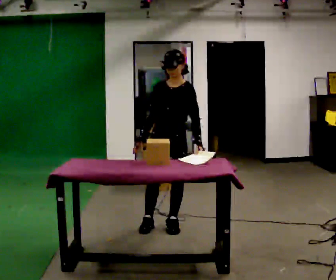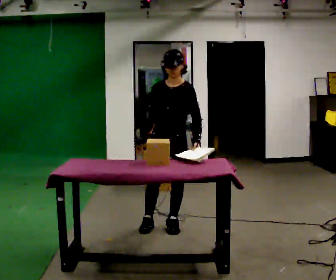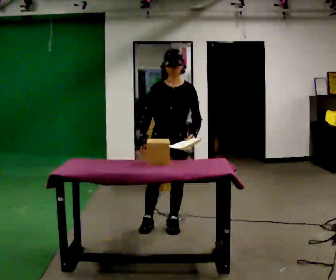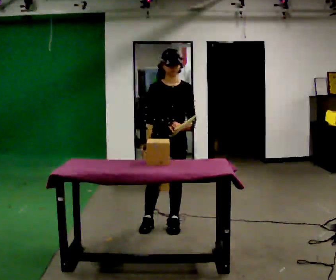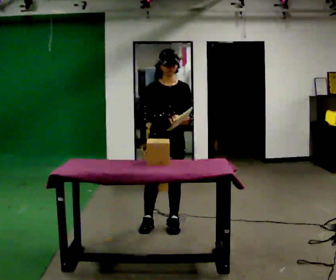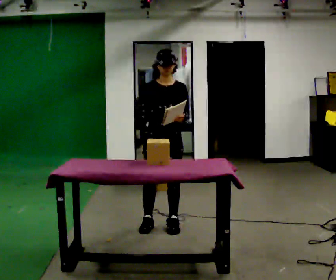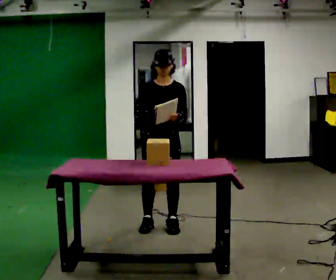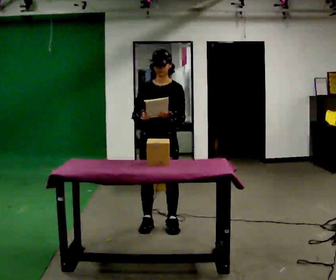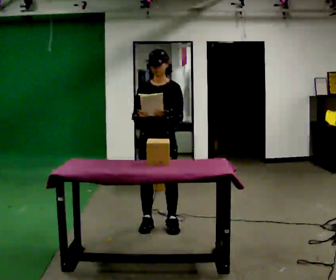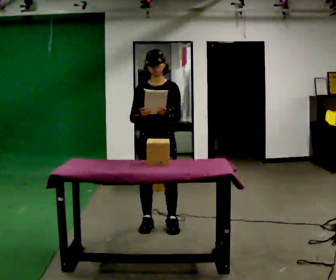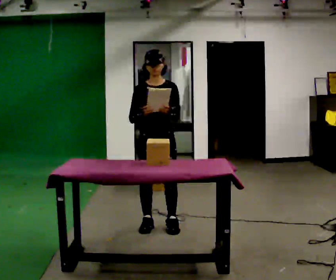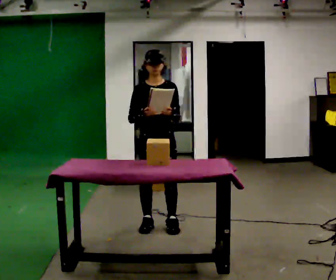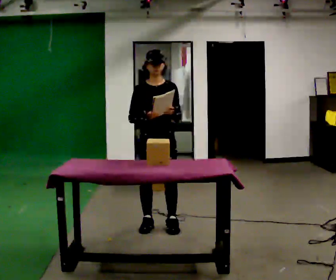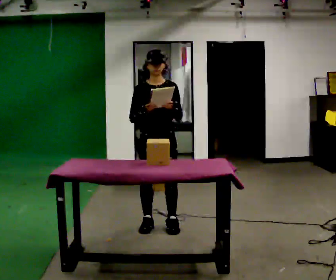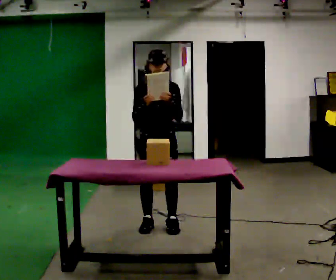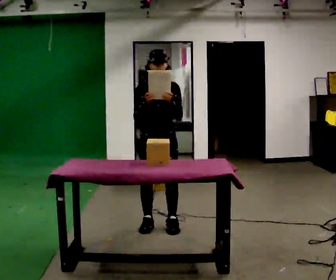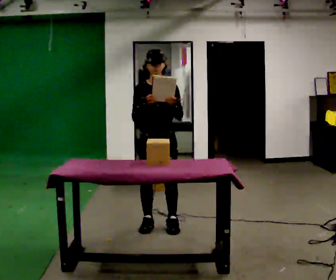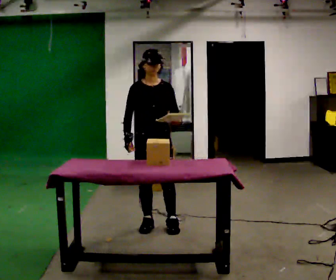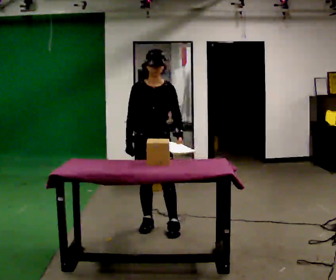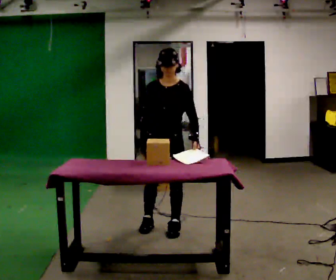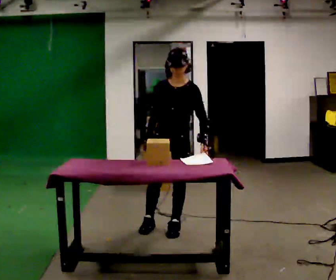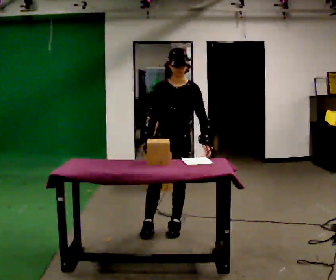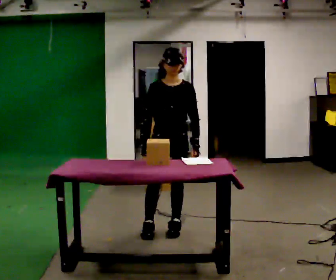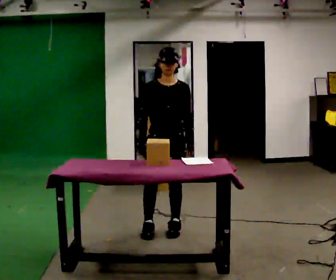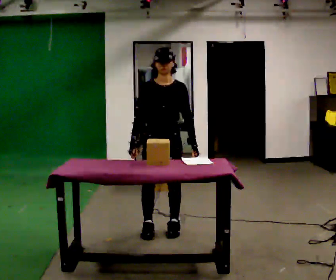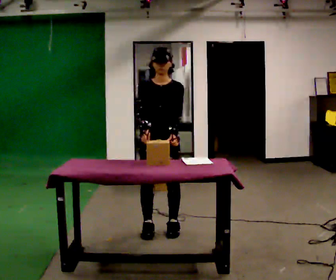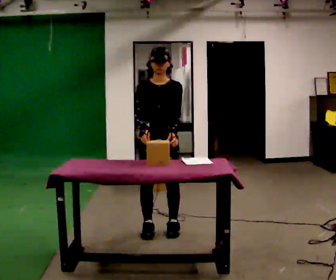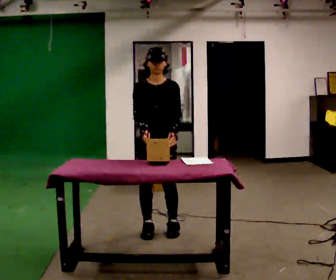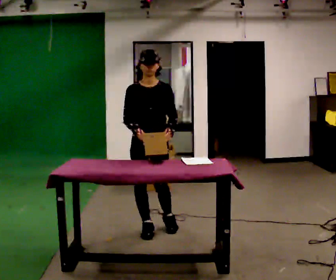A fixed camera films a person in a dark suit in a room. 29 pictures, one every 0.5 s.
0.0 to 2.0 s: The person turns about 30 degrees to their left, counterclockwise seen from above, so the part of the body nearest the lens slides to the right.
2.0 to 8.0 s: The person moves a little, or ends about where they began.
8.0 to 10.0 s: In the picture their right hand goes downward.
10.0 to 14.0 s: In the picture they go to the left, about 0.25 m in 1 step, which for them is to their right.
The film runs backward here.
